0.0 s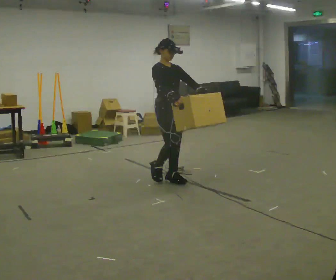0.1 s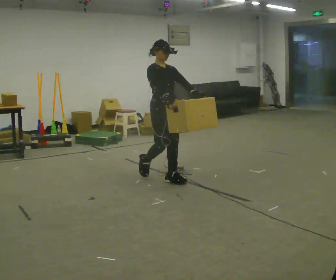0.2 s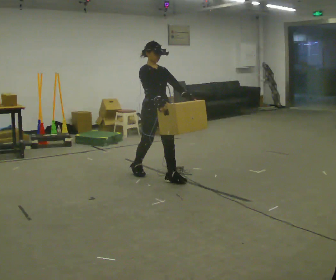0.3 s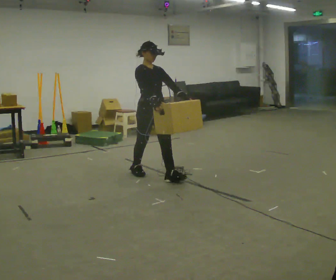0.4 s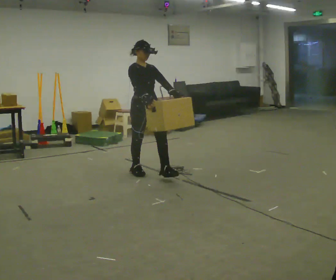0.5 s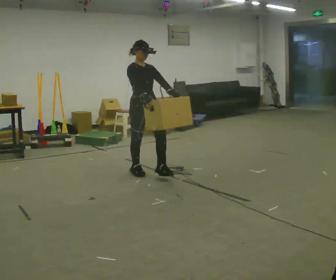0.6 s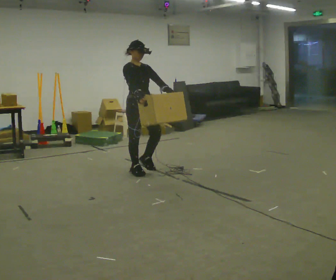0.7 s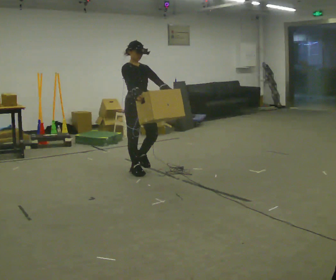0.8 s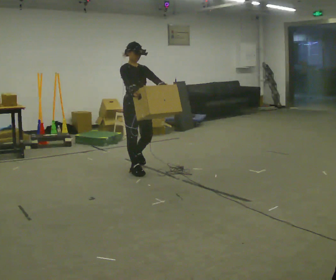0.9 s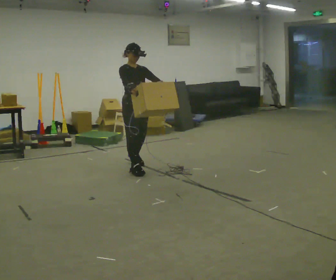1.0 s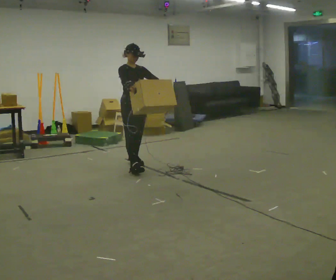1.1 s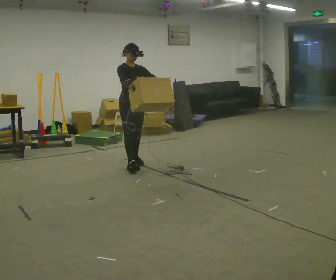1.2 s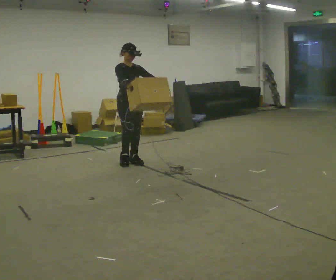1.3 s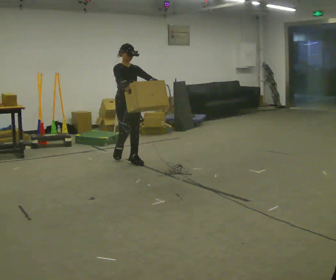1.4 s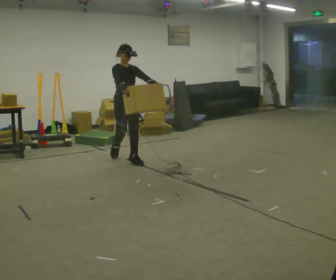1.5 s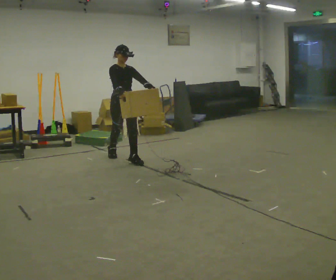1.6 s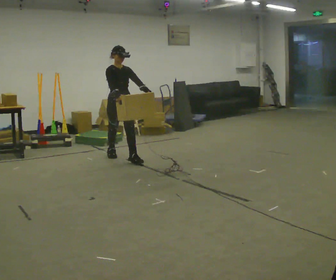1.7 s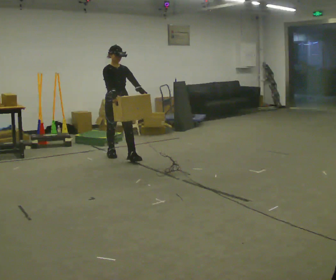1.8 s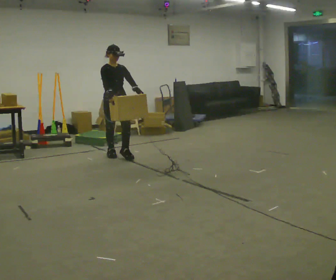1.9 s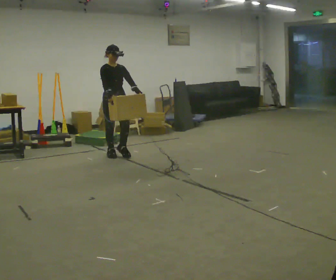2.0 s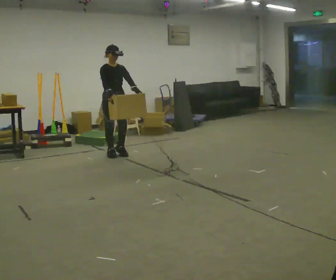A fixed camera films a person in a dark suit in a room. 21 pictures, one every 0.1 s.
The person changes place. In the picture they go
away from the camera.
0.0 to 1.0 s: In the picture they go away from the camera and to the left, about 1 m in 2 steps, which for them is backward.
1.0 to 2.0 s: In the picture they go away from the camera and to the left, about 0.75 m in 1 step, which for them is backward.
The film runs backward here.
